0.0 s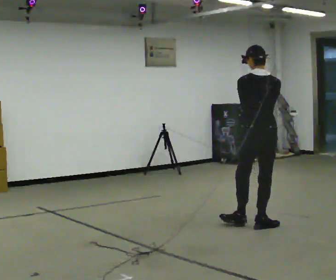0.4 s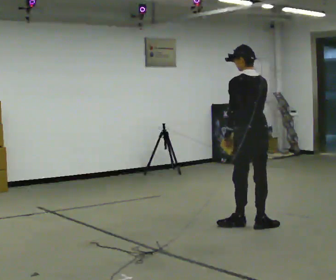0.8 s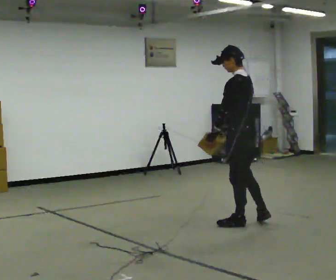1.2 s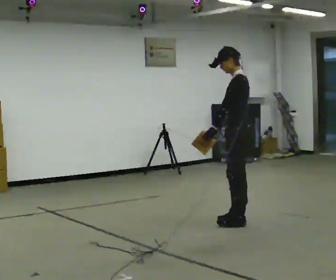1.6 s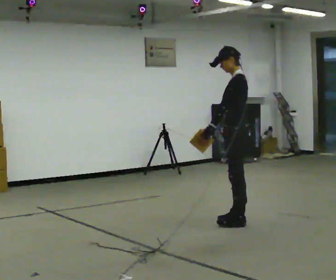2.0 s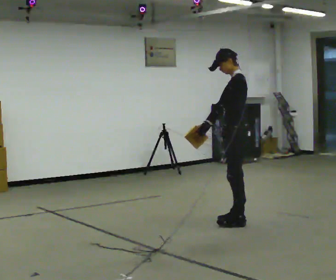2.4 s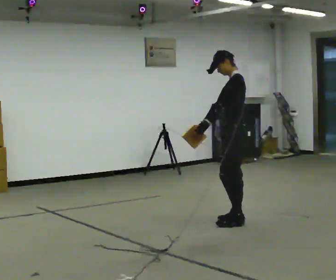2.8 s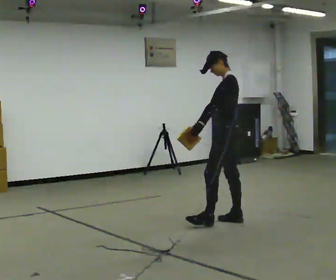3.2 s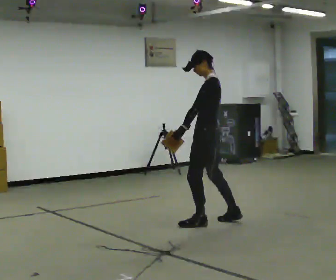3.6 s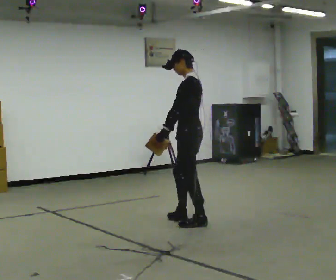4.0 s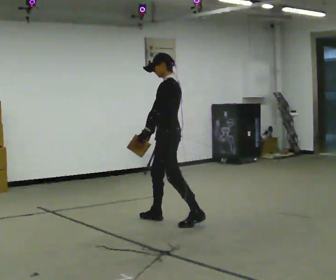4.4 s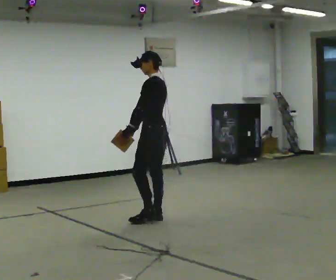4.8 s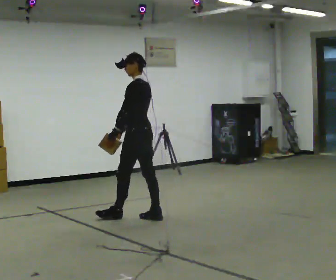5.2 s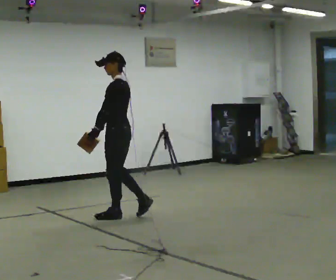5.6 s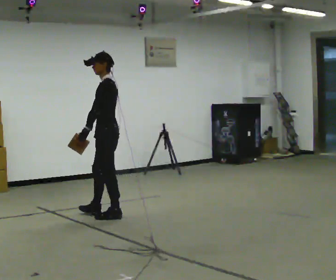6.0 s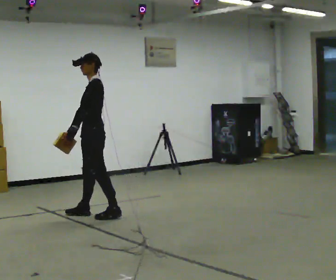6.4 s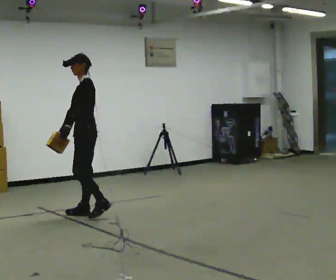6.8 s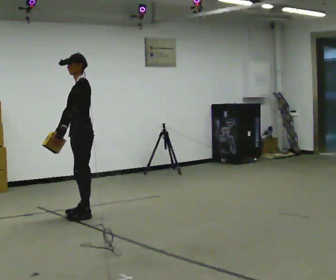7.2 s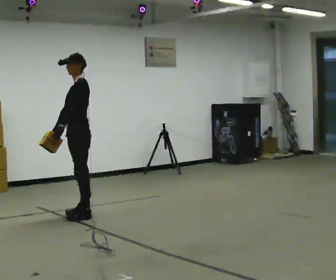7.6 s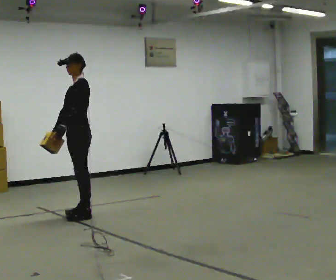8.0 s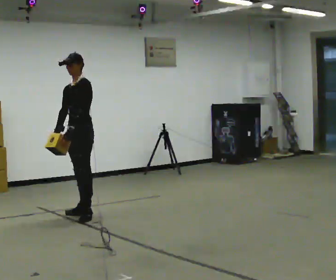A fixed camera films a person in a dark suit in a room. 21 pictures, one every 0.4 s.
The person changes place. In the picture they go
to the left.
The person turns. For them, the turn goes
to their left.
0.0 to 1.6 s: Seen from above the body turns counterclockwise, about 90 degrees: to their left, with its near side sliding to the right. In the picture they go away from the camera and to the left, about 0.25 m in 1 step.
1.6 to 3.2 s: In the picture they go to the left, about 0.25 m in 1 step, which for them is forward.
3.2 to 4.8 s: In the picture they go to the left and away from the camera, about 0.5 m in 2 steps, which for them is forward.
4.8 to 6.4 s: The person turns about 30 degrees to their left, counterclockwise seen from above, so the part of the body nearest the lens slides to the right. In the picture they go to the left, about 0.5 m in 1 step, which for them is forward.
6.4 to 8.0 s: The person turns about 30 degrees to their left, counterclockwise seen from above, so the part of the body nearest the lens slides to the right.
The film runs forward here.
